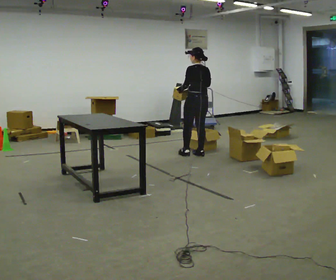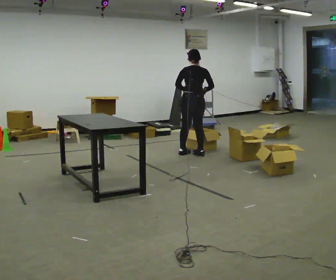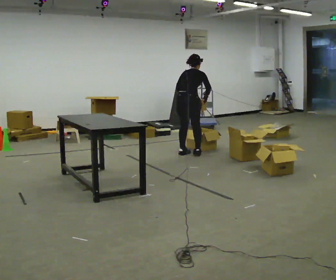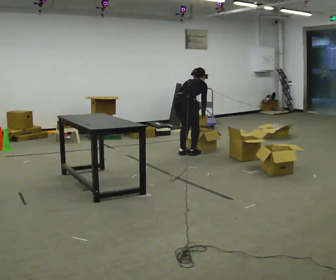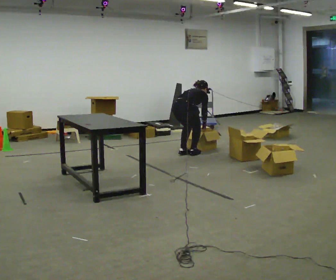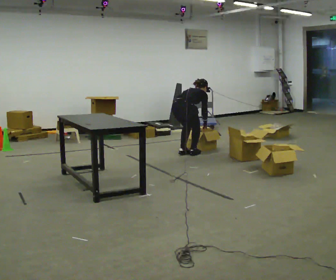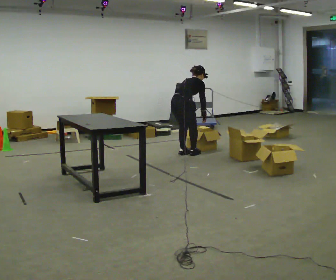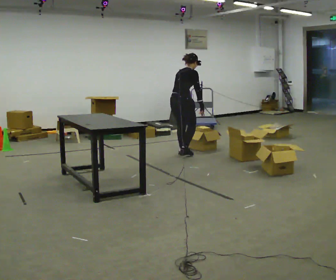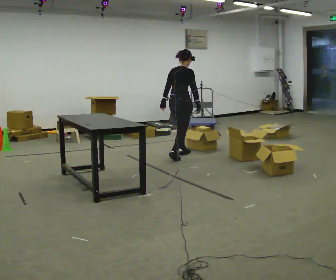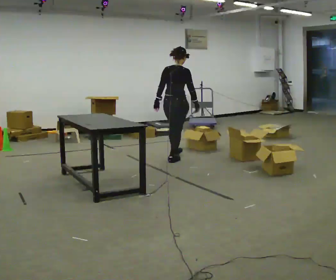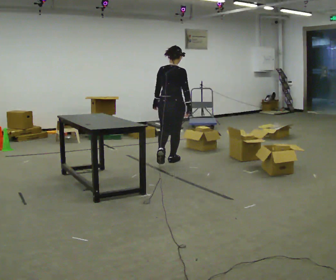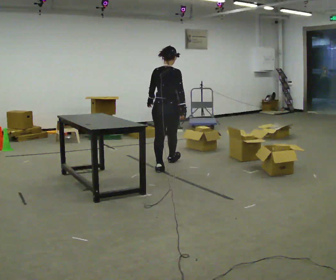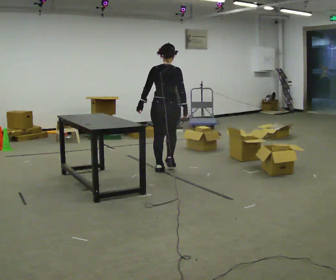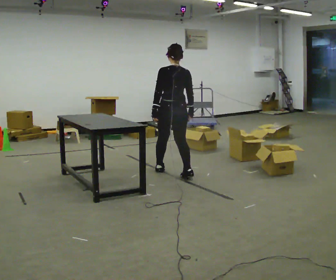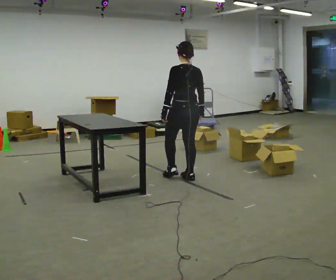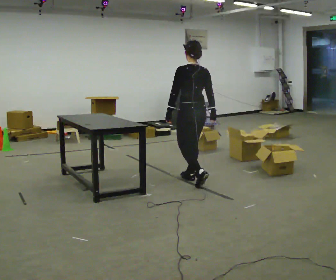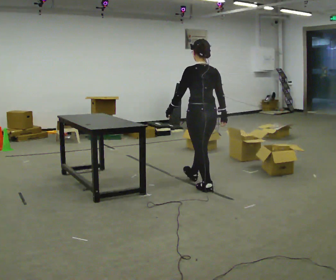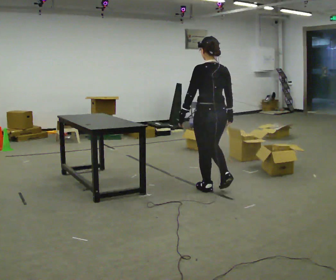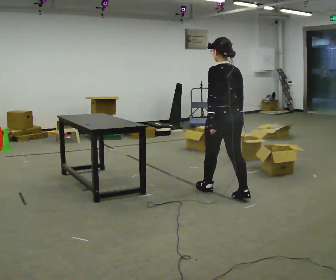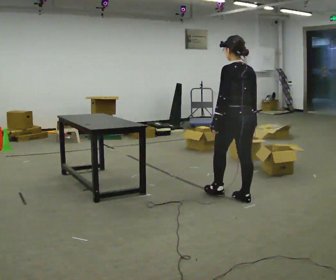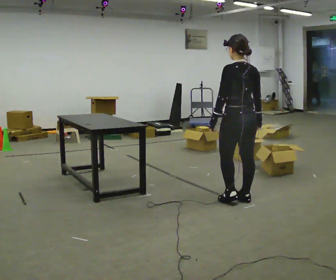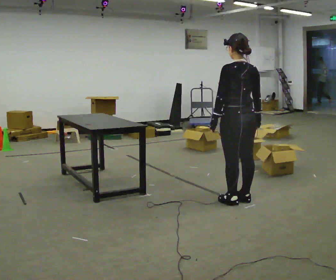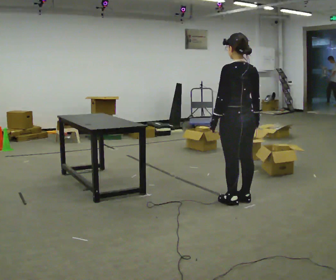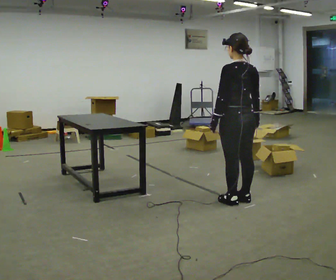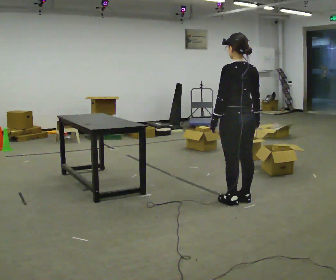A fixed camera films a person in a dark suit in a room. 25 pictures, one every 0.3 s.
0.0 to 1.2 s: The person turns about 60 degrees to their right, clockwise seen from above, so the part of the body nearest the lens slides to the left. In the picture they go to the left, about 0.25 m in 1 step. The upper body goes downward. The upper body tips away from the camera, its near side rolling upward, as they bend forward. In the picture their left hand goes downward.
1.2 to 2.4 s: The upper body goes upward. The upper body tips toward the camera, its near side rolling downward, as they lean back or straighten. In the picture their left hand goes to the left and upward.
2.4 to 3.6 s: Seen from above the body turns counterclockwise, about 30 degrees: to their left, with its near side sliding to the right. In the picture they go toward the camera, about 1 m in 2 steps, which for them is backward.
3.6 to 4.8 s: The person turns about 30 degrees to their left, counterclockwise seen from above, so the part of the body nearest the lens slides to the right. In the picture they go toward the camera and to the right, about 1 m in 2 steps, which for them is backward.
4.8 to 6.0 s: In the picture they go toward the camera and to the right, about 0.5 m in 1 step, which for them is backward.
6.0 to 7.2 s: The person moves a little, or ends about where they began.
The film runs backward here.
